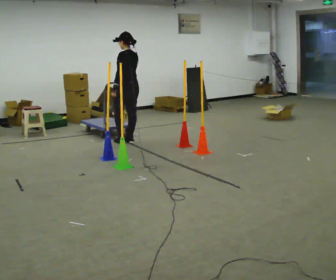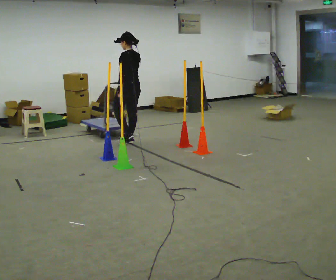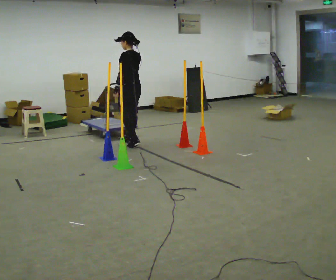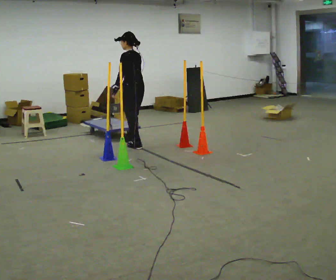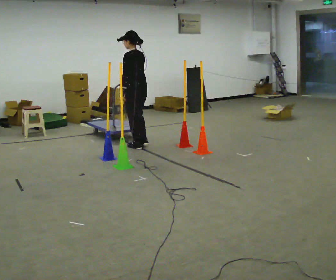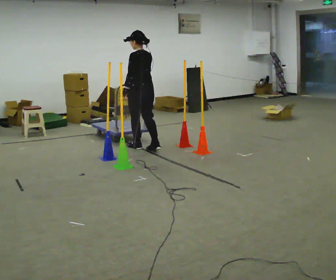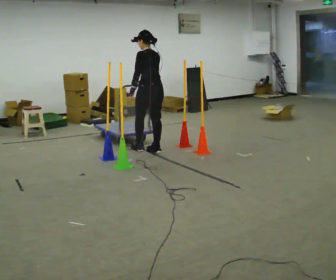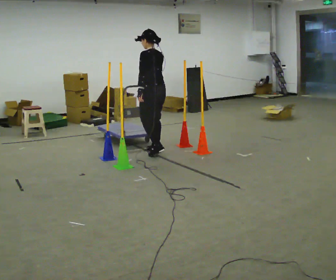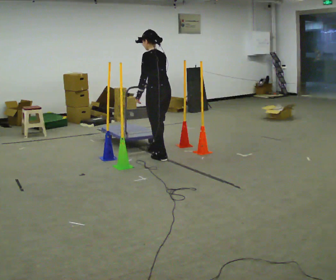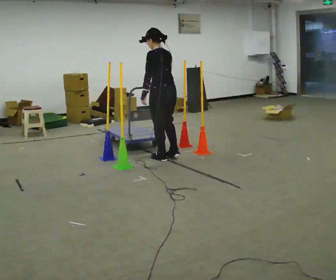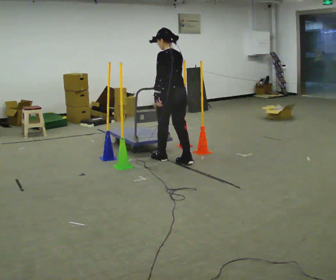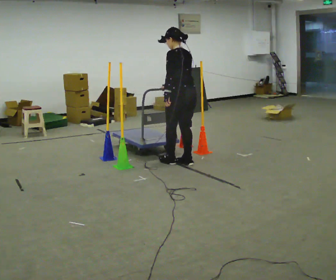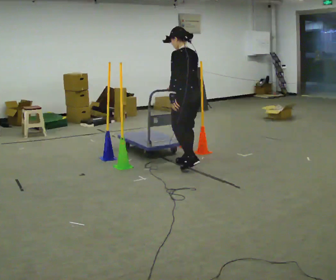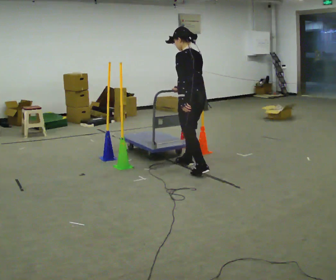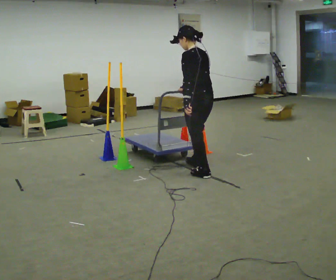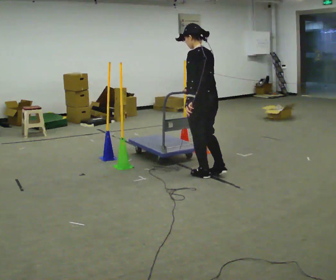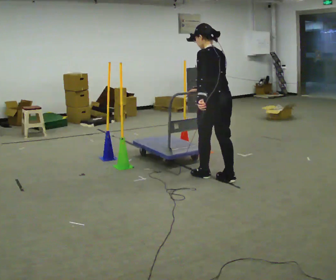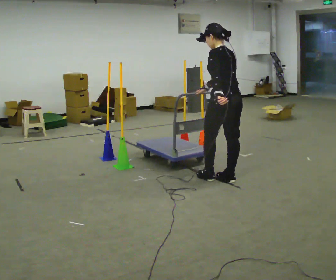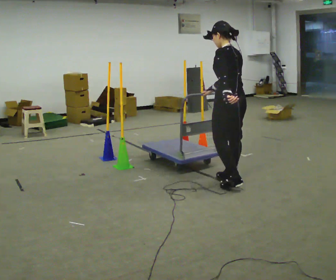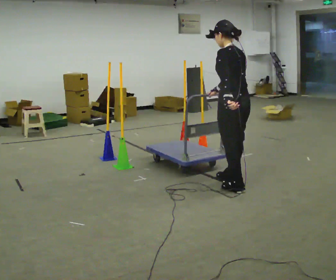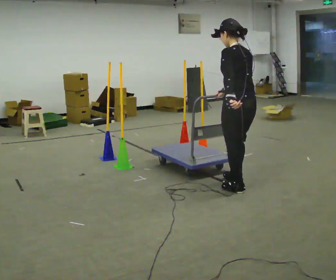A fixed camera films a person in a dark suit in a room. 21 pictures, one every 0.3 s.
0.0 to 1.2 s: In the picture they go toward the camera and to the right, about 0.25 m in 1 step, which for them is backward and to their left.
1.2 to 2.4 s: In the picture they go toward the camera and to the right, about 0.5 m in 2 steps, which for them is backward.
2.4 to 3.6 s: In the picture they go toward the camera and to the right, about 0.5 m in 1 step, which for them is backward.
3.6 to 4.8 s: In the picture they go toward the camera and to the right, about 0.5 m in 2 steps, which for them is backward.
4.8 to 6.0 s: In the picture they go toward the camera and to the right, about 0.5 m in 1 step, which for them is backward.
The film runs forward here.
